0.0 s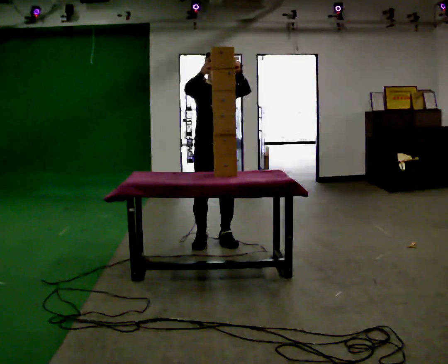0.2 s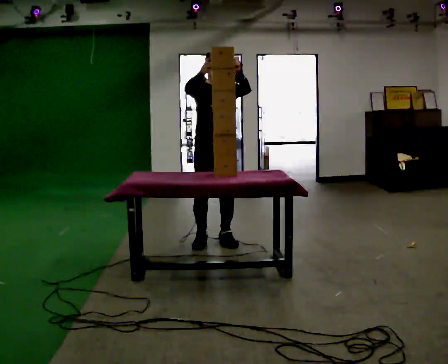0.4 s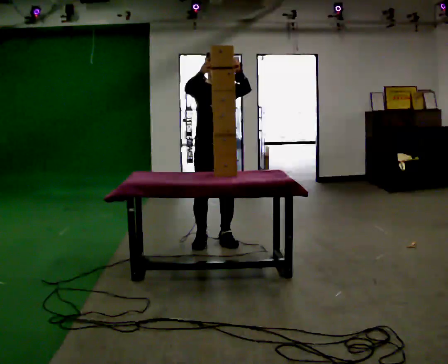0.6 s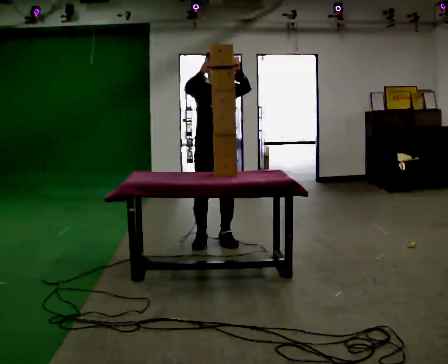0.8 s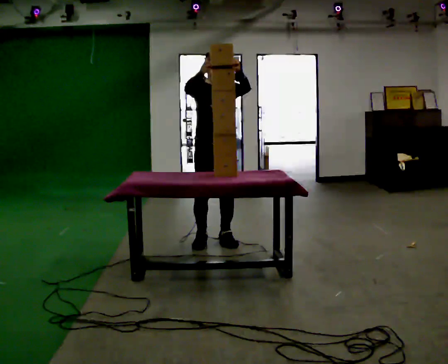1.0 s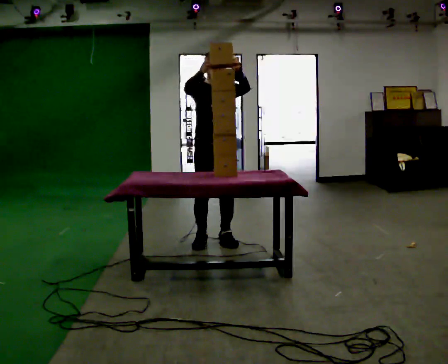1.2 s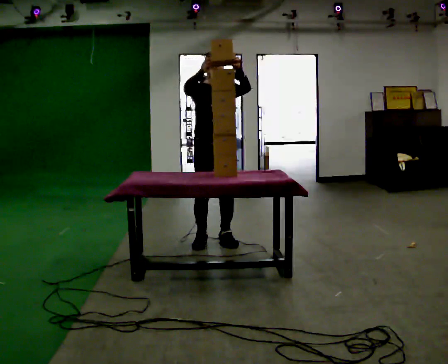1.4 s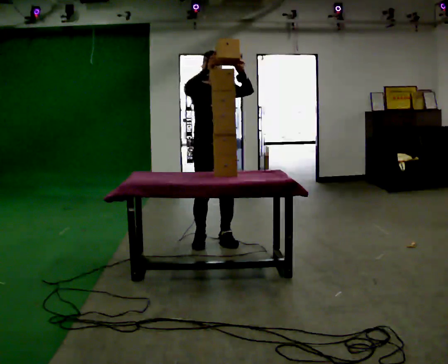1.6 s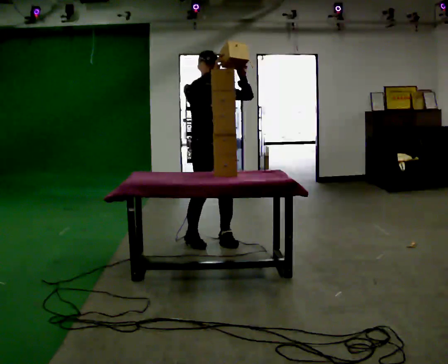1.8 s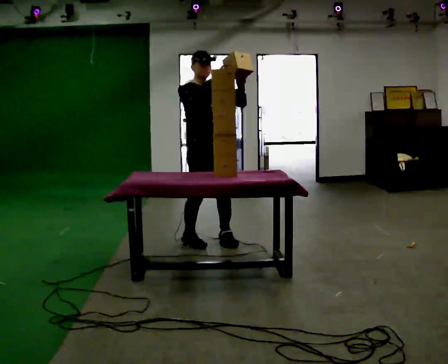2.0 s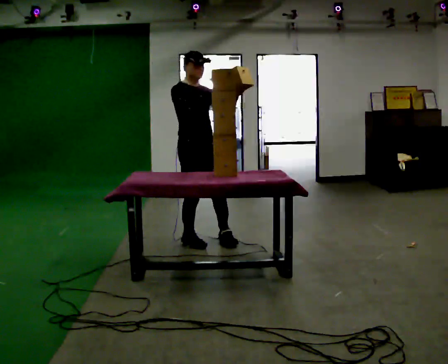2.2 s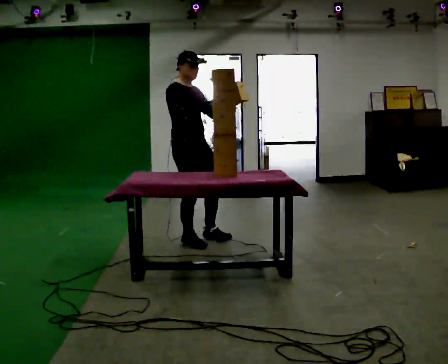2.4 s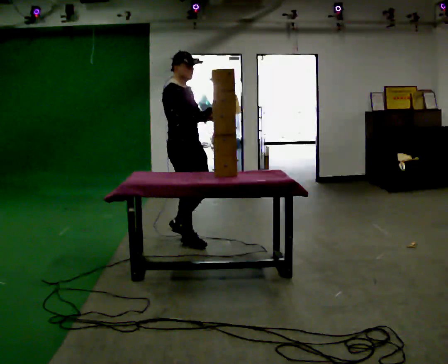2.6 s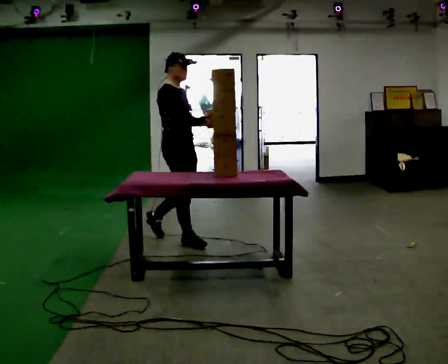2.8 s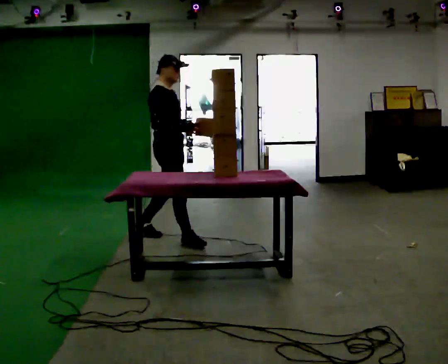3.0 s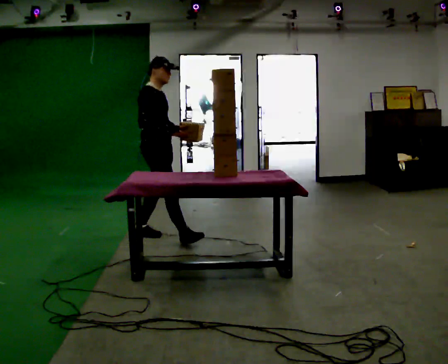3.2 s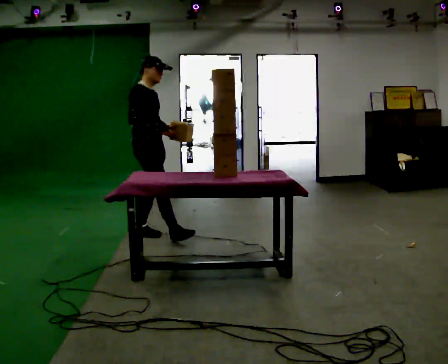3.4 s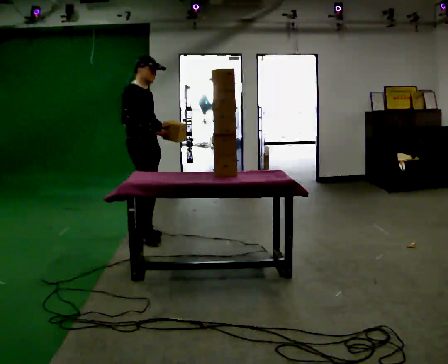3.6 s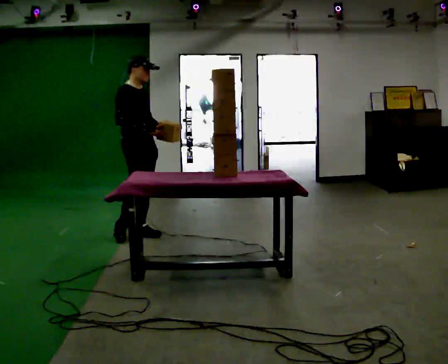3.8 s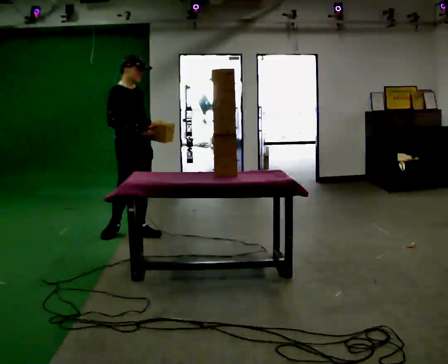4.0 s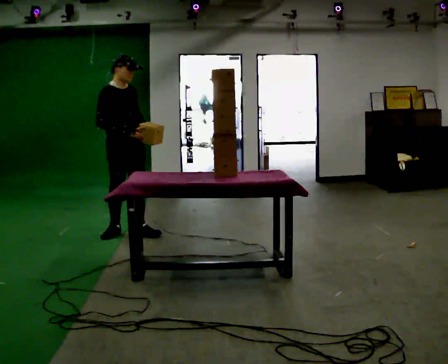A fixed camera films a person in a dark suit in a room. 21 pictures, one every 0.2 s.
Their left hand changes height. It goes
downward.
The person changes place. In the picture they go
to the left.
0.0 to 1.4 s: The person moves a little, or ends about where they began.
1.4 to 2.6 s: The part of the body nearest the lens slides to the right as the person turns to their left by about 60 degrees. In the picture they go to the left, about 0.25 m in 2 steps, which for them is to their right and backward. In the picture their left hand goes downward.
2.6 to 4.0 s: In the picture they go to the left and away from the camera, about 0.5 m in 1 step, which for them is backward.
The film runs backward here.
